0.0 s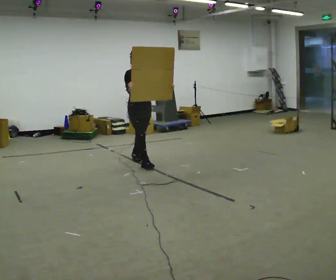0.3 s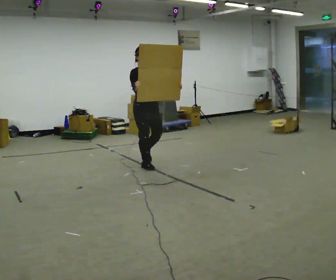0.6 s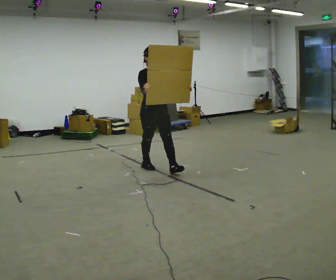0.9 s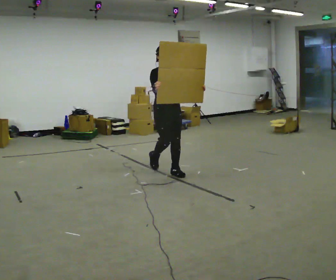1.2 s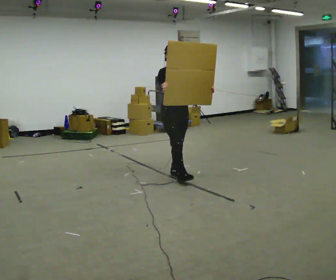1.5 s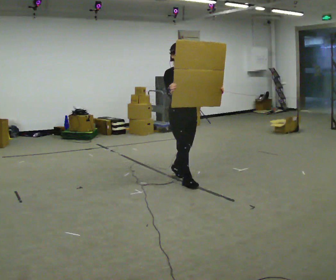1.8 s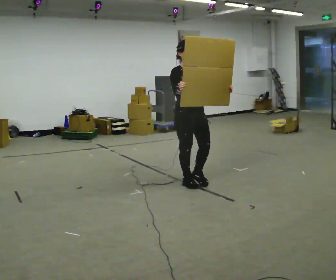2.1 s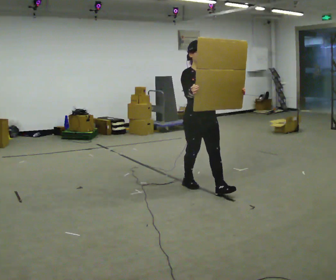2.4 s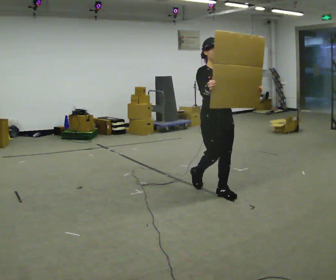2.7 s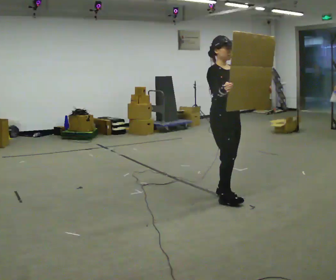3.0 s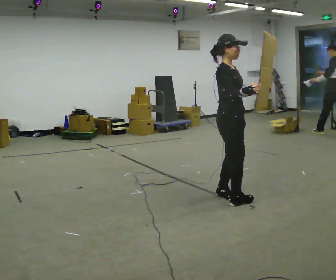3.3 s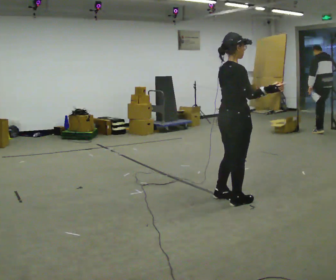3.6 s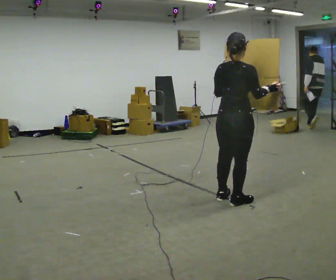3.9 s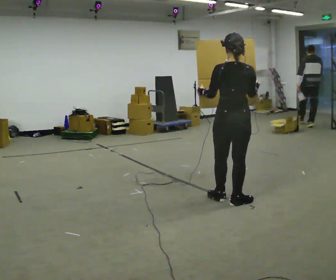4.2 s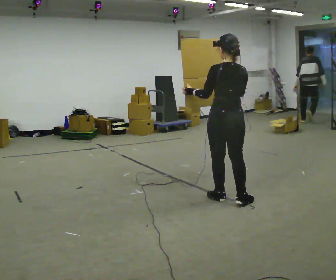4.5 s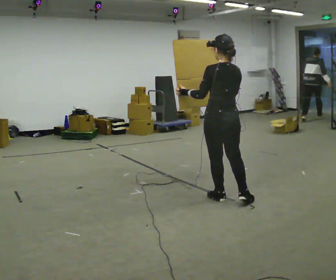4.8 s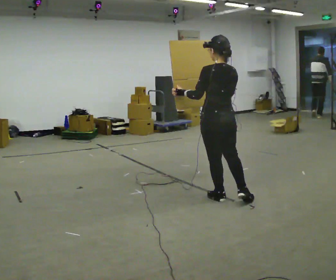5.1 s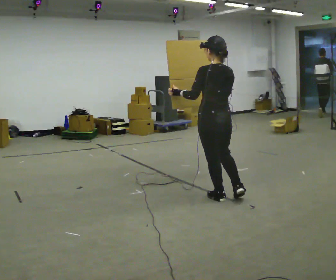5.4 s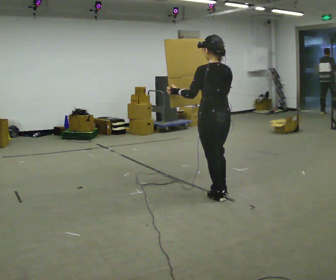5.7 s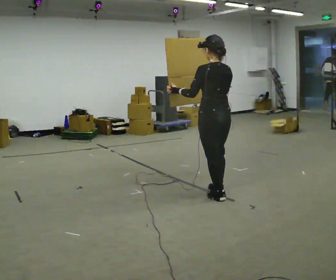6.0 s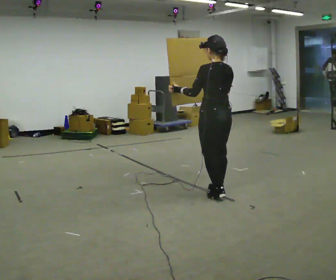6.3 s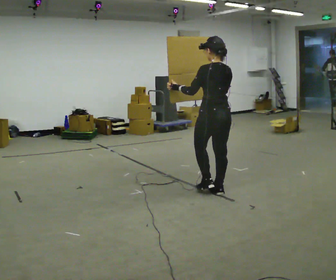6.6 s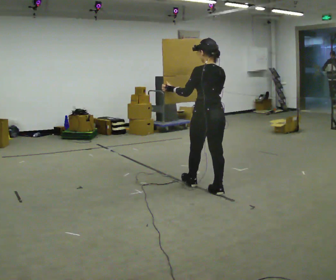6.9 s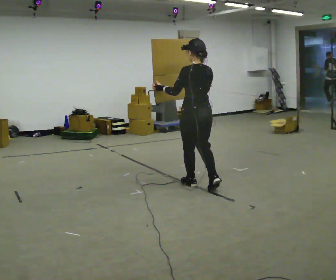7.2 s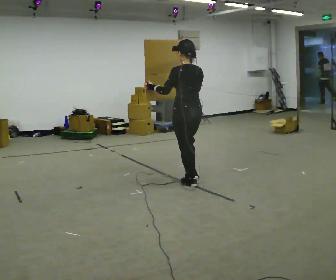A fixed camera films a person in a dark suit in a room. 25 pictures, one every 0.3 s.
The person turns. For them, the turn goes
to their left.
The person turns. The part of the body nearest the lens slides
to the right.
0.0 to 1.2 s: In the picture they go to the right and toward the camera, about 1 m in 1 step, which for them is forward.
1.2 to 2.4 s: In the picture they go to the right and toward the camera, about 1 m in 2 steps, which for them is forward.
2.4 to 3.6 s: Seen from above the body turns counterclockwise, about 120 degrees: to their left, with its near side sliding to the right. In the picture they go toward the camera and to the right, about 0.25 m in 2 steps.
3.6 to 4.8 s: The person turns about 45 degrees to their left, counterclockwise seen from above, so the part of the body nearest the lens slides to the right. In the picture they go to the left, about 0.25 m, which for them is forward. In the picture their right hand goes to the left.
4.8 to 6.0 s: The person moves a little, or ends about where they began.
6.0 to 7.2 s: In the picture they go to the left and away from the camera, about 0.5 m in 1 step, which for them is forward.
The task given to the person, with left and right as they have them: Carry the large panel across the room. It will block your view ahead, so take whatever route feels safe. Keep going until the operator says stop; one object at a time, and do not rush between trips.
The film runs forward here.
